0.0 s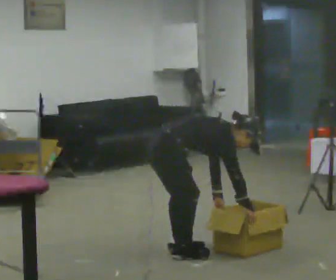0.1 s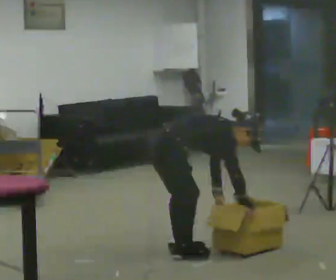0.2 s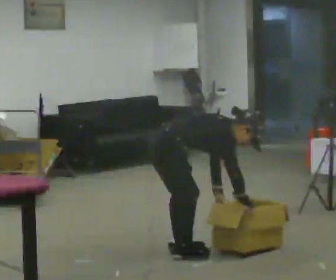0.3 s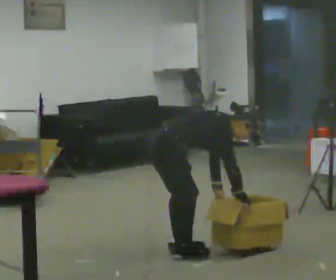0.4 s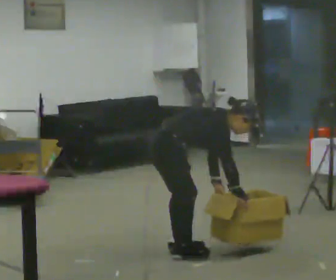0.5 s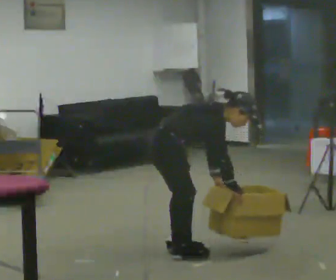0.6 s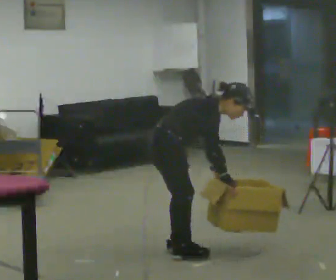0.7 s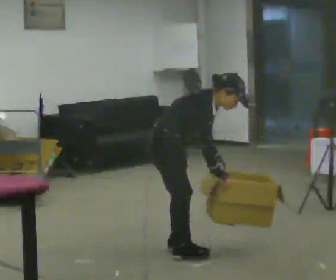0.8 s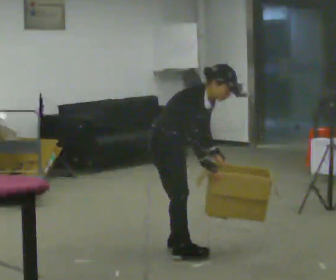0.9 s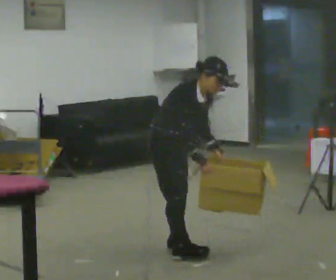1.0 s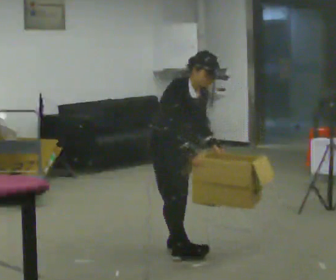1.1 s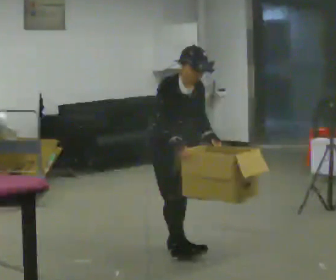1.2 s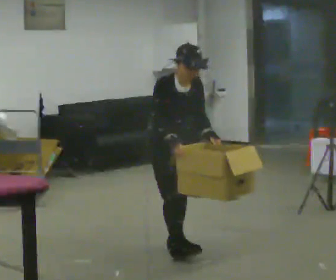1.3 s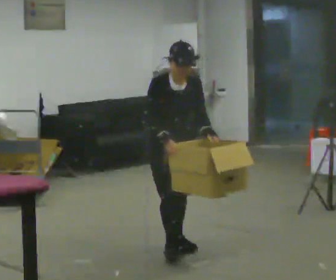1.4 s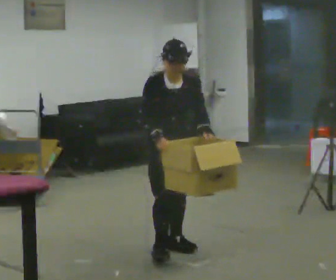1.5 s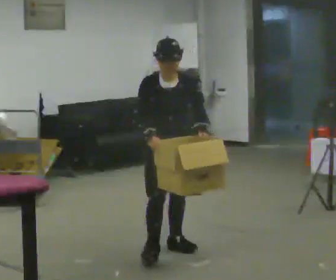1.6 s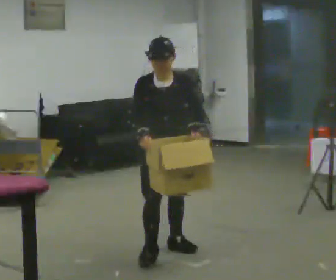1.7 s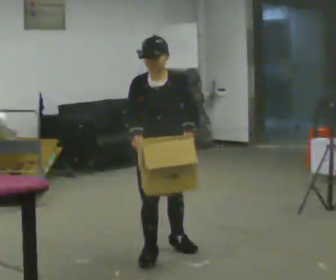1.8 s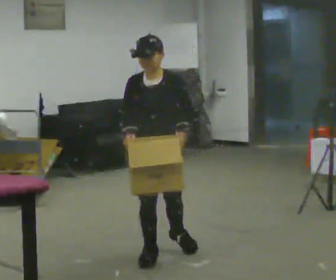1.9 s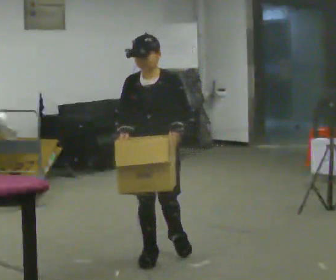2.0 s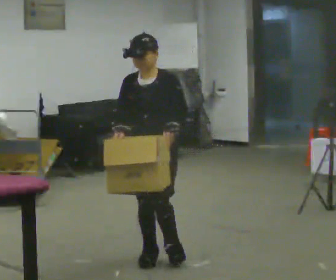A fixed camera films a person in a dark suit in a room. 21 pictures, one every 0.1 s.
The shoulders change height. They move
upward.
The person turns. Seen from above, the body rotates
clockwise.
0.0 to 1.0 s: The part of the body nearest the lens slides to the left as the person turns to their right by about 45 degrees. In the picture they go away from the camera, about 0.25 m, which for them is to their left. The upper body goes upward. In the picture the upper body tilts counterclockwise, shoulders to the left, as they lean back or straighten. In the picture their right hand goes to the left and upward.
1.0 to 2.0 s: The person turns about 75 degrees to their right, clockwise seen from above, so the part of the body nearest the lens slides to the left. In the picture they go toward the camera, about 0.25 m. In the picture the upper body tilts counterclockwise, shoulders to the left, as they lean back or straighten.
The film runs forward here.
